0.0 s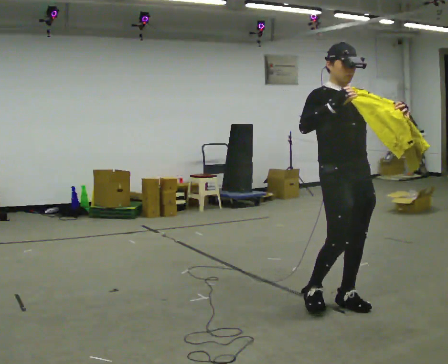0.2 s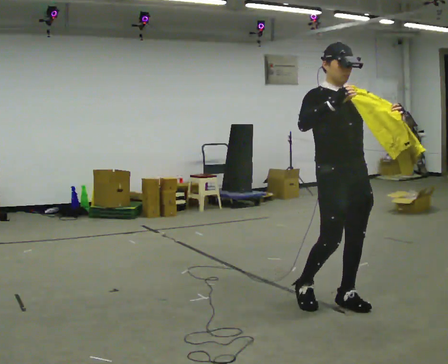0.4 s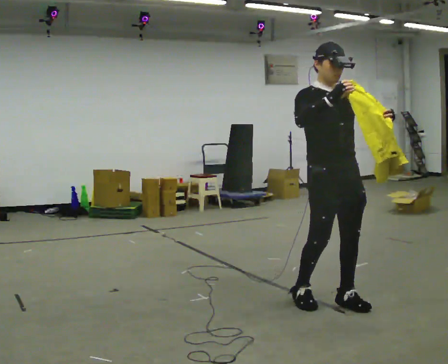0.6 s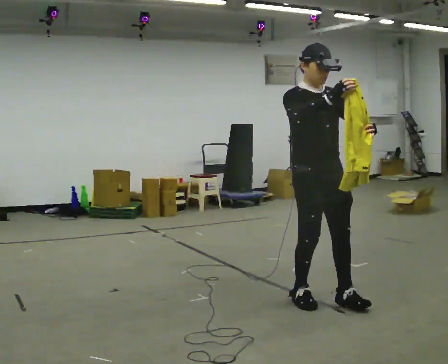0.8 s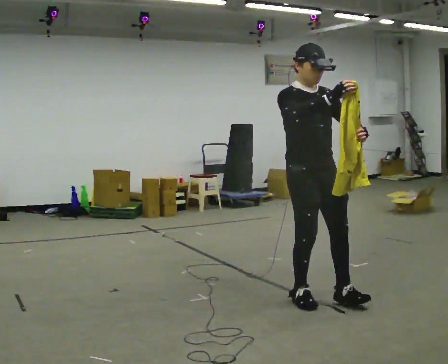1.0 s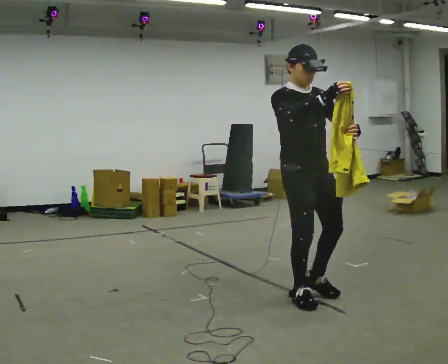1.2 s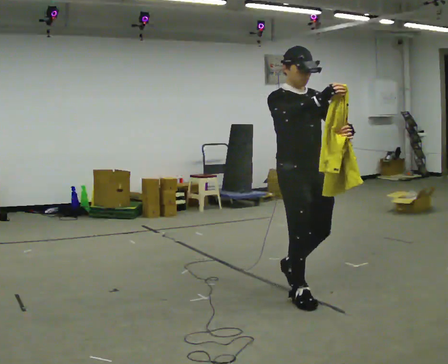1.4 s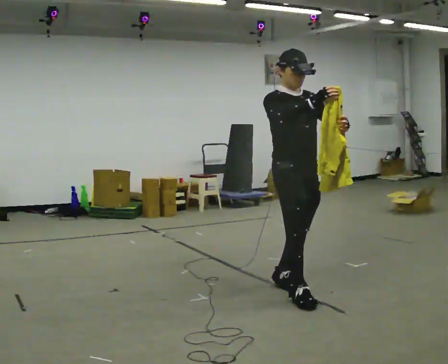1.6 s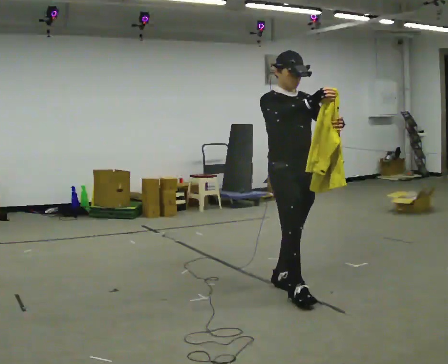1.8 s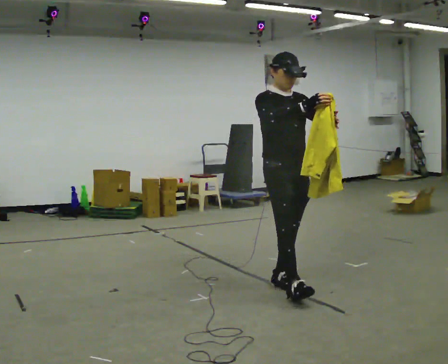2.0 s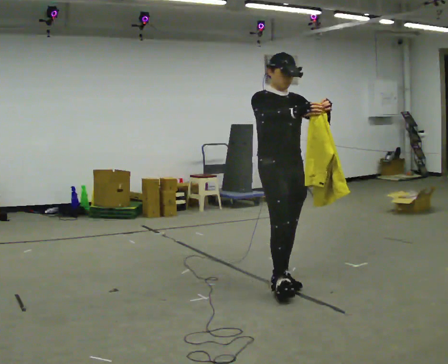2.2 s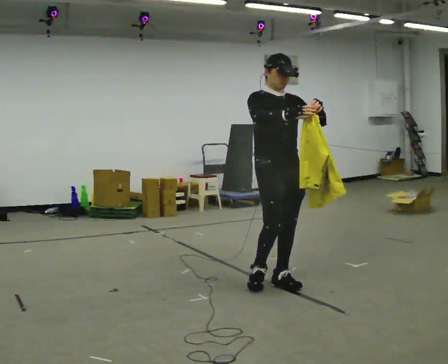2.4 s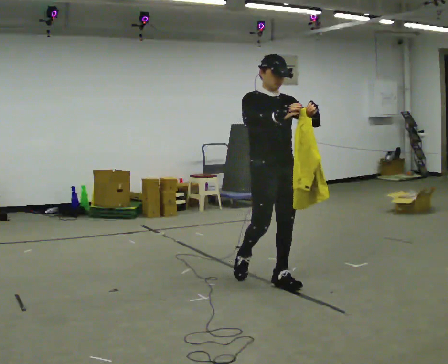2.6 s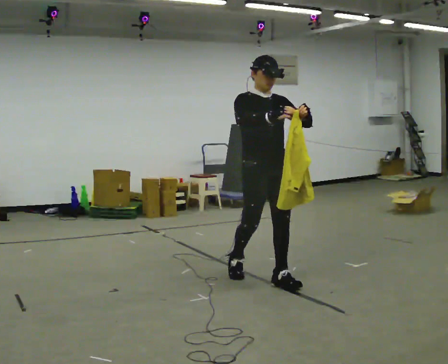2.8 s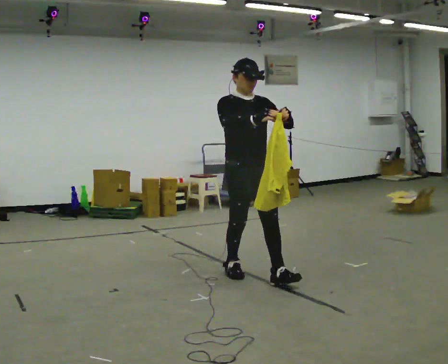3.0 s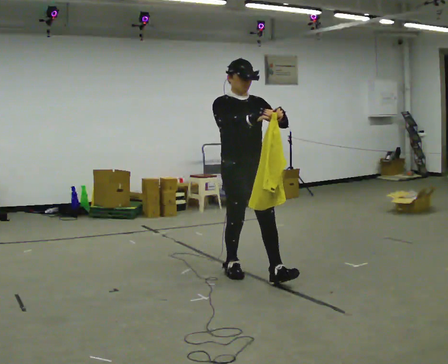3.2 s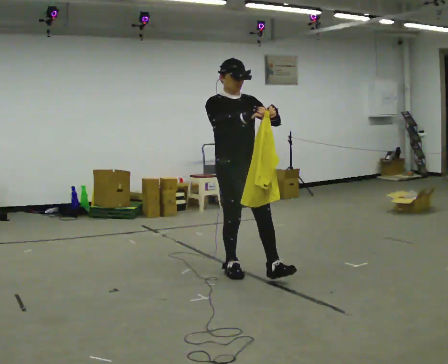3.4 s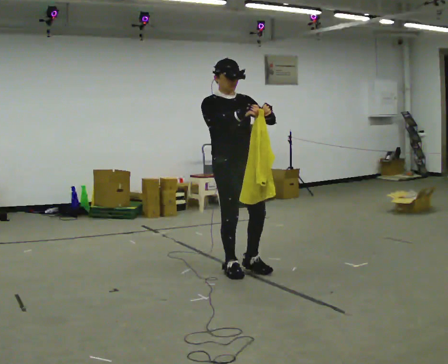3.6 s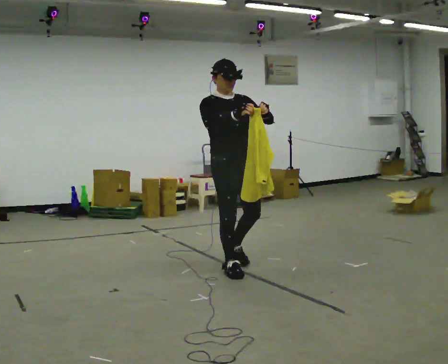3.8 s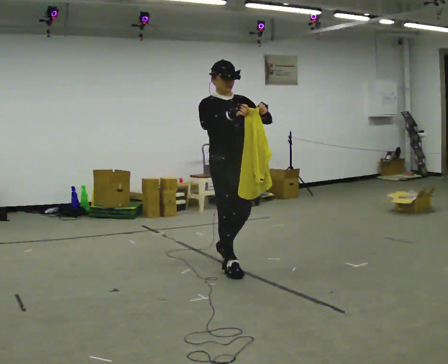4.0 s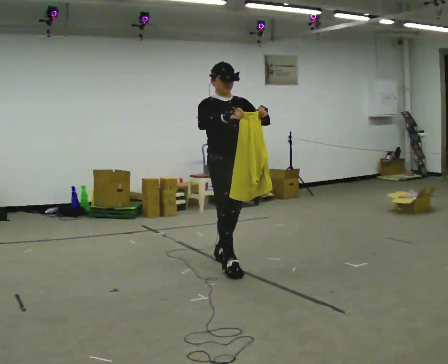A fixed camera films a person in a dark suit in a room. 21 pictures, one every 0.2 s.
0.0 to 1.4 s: In the picture they go to the left and away from the camera, about 0.5 m in 1 step, which for them is backward.
1.4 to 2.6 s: In the picture they go away from the camera and to the left, about 0.5 m in 1 step, which for them is backward.
2.6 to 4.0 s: In the picture they go to the left and away from the camera, about 0.5 m in 1 step, which for them is backward.
The film runs backward here.
